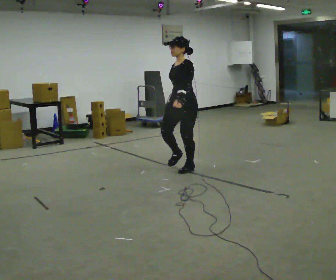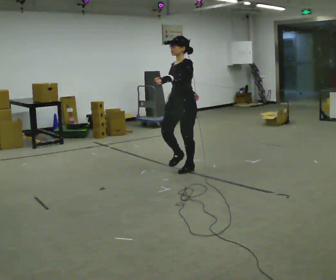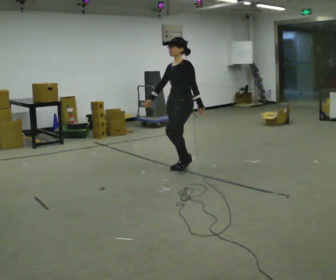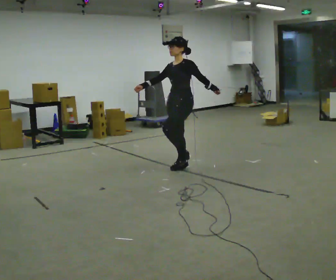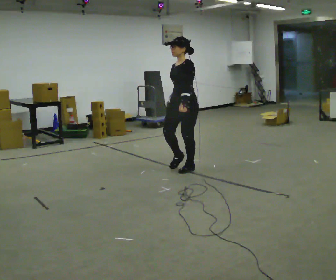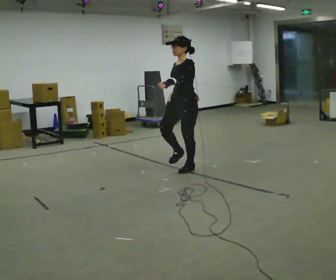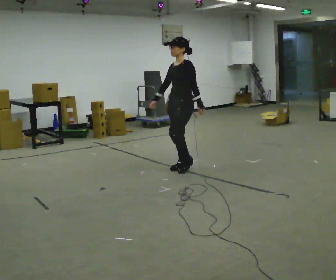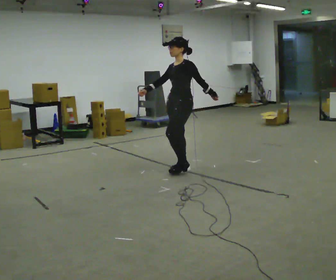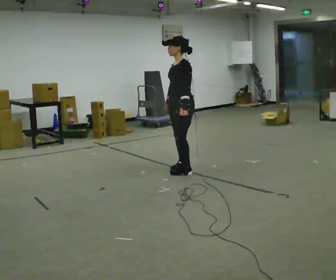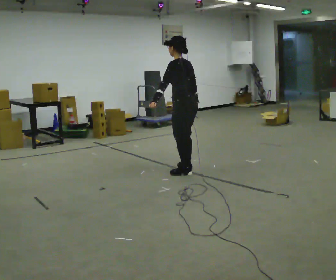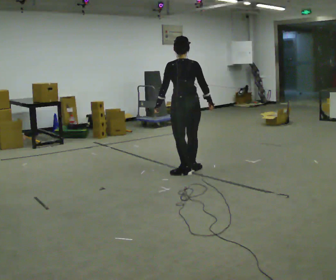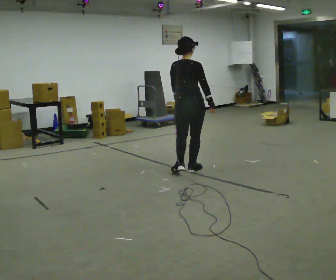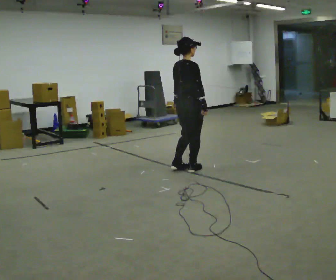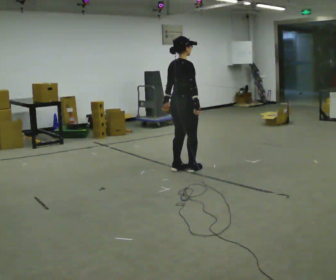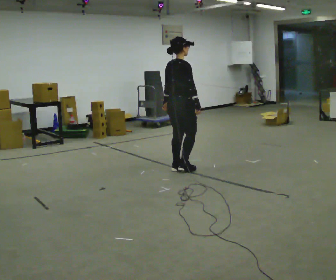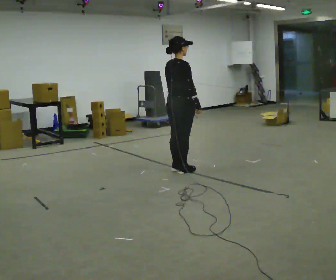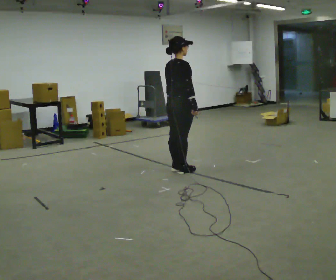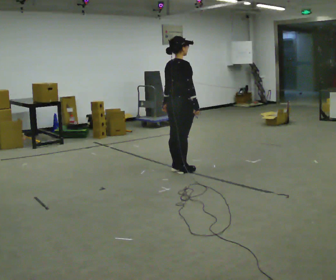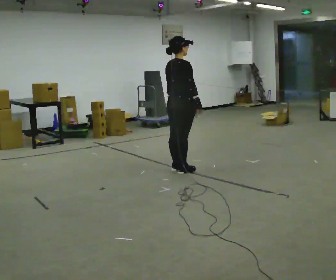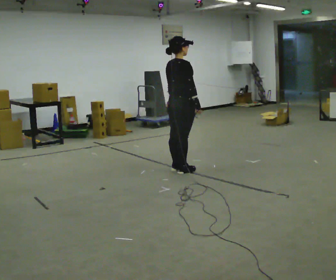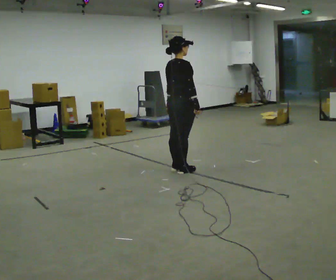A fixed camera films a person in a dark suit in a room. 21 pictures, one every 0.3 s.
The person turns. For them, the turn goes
to their right.
The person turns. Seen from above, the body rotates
clockwise.
0.0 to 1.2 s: The person moves a little, or ends about where they began.
1.2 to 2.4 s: The person turns about 30 degrees to their right, clockwise seen from above, so the part of the body nearest the lens slides to the left.
2.4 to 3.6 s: Seen from above the body turns clockwise, about 150 degrees: to their right, with its near side sliding to the left.
3.6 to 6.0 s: The person moves a little, or ends about where they began.
The film runs forward here.
